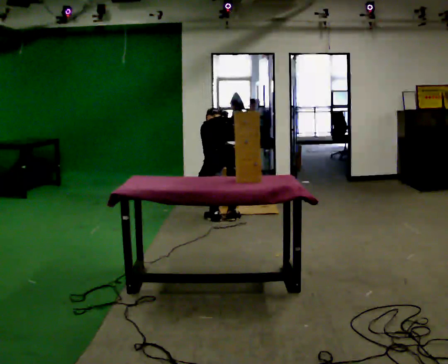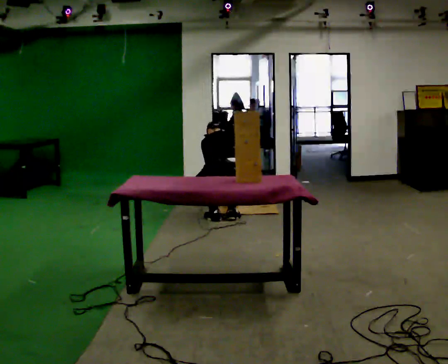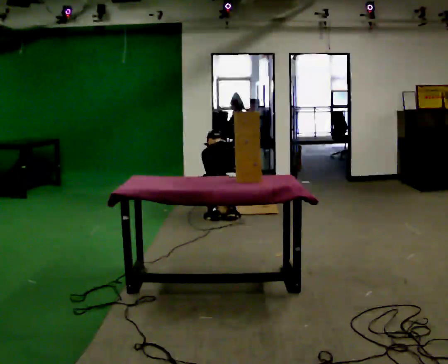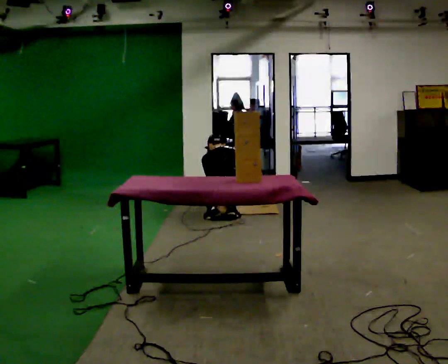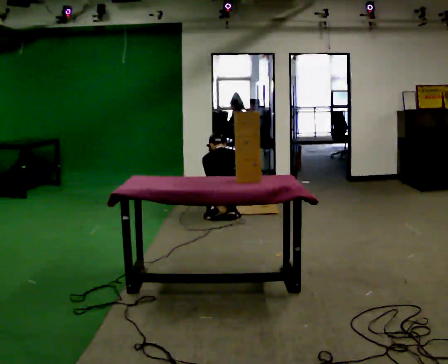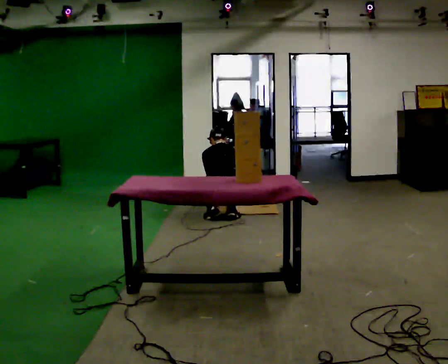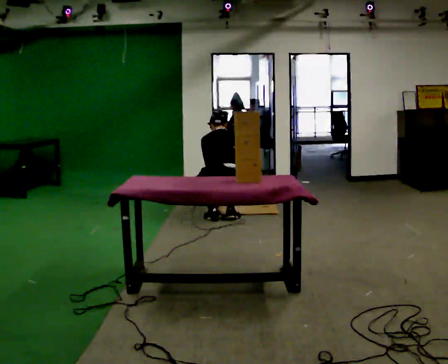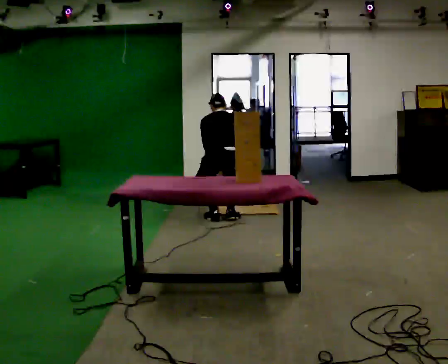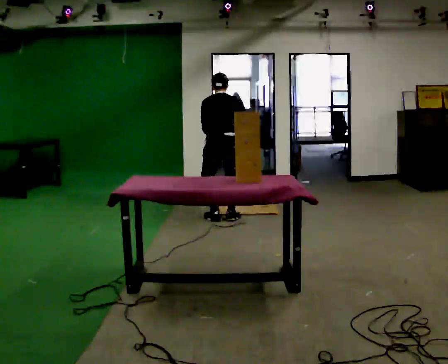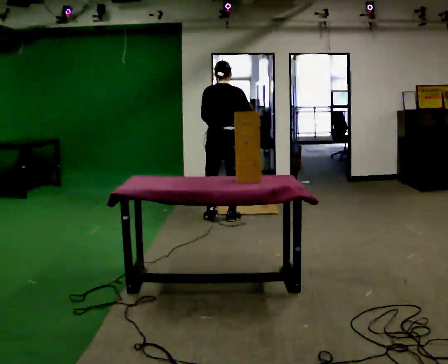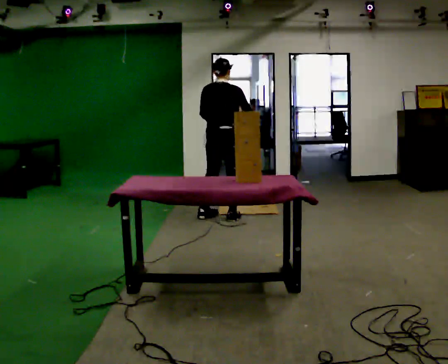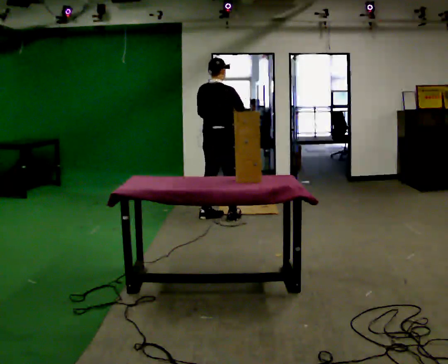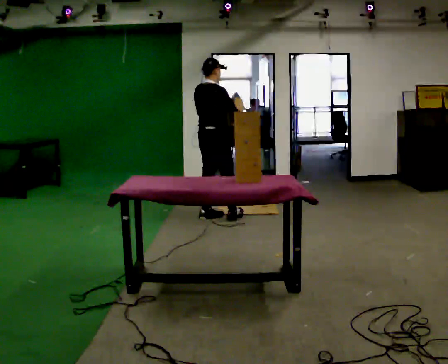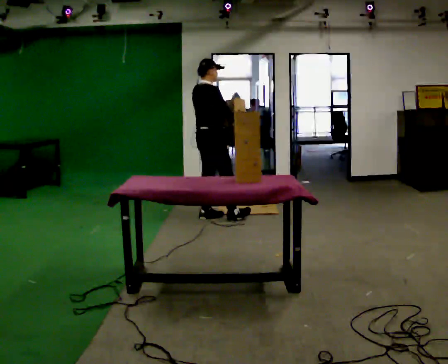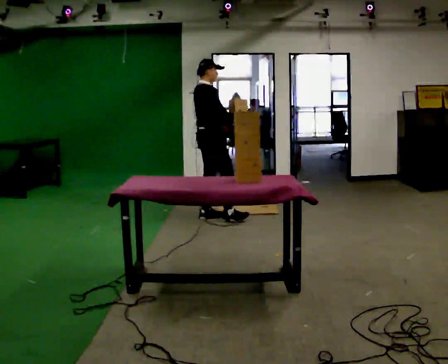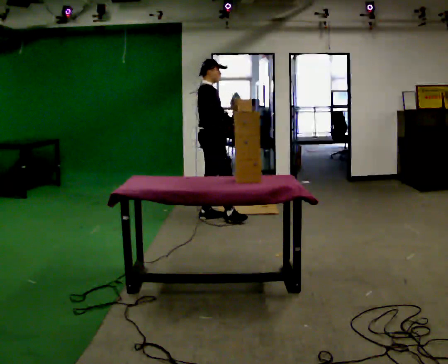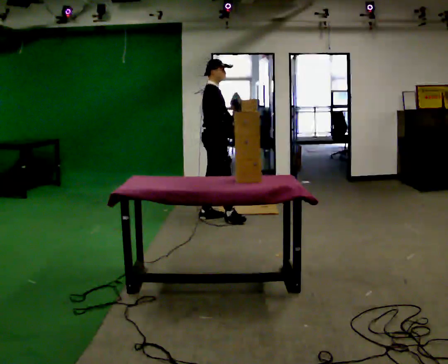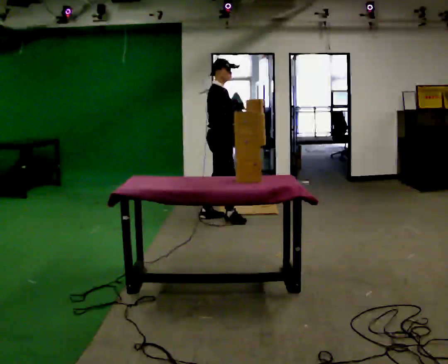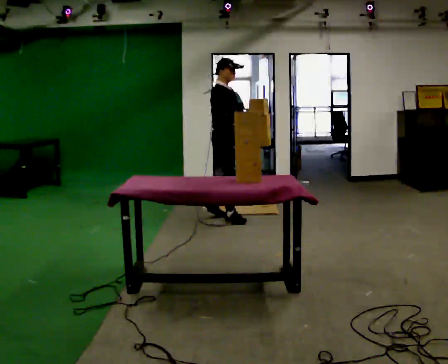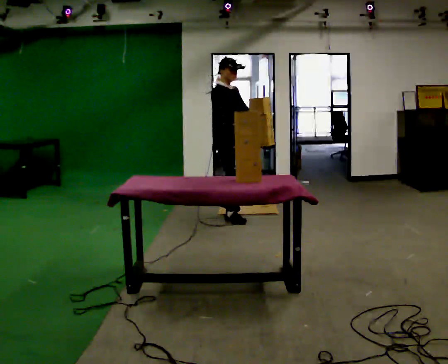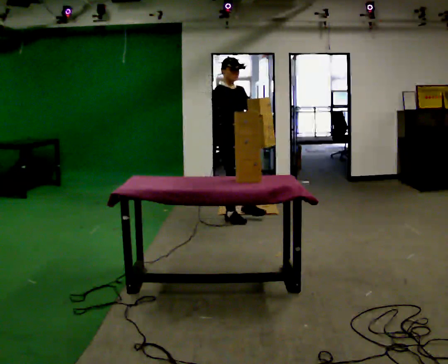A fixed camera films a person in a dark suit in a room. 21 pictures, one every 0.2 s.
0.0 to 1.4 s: The upper body tips toward the camera, its near side rolling downward, as they lean back or straighten.
1.4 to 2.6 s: The part of the body nearest the lens slides to the left as the person turns to their right by about 75 degrees. In the picture they go to the left, about 0.25 m in 1 step. The upper body goes upward. The upper body tips toward the camera, its near side rolling downward, as they lean back or straighten. In the picture their left hand goes upward.
2.6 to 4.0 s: Seen from above the body turns clockwise, about 75 degrees: to their right, with its near side sliding to the left. In the picture they go to the right and toward the camera, about 0.25 m.
The film runs forward here.
